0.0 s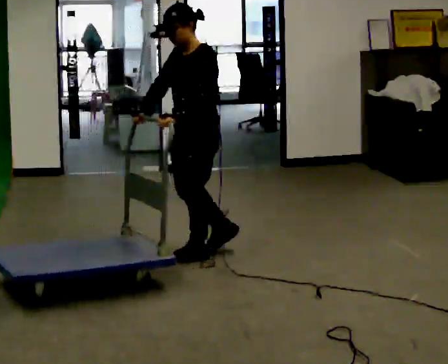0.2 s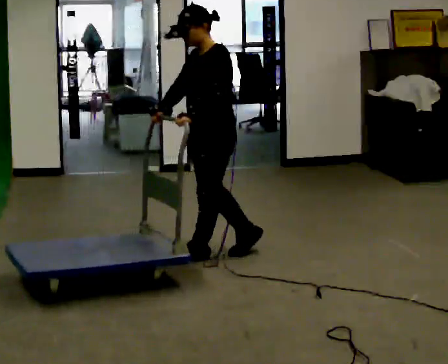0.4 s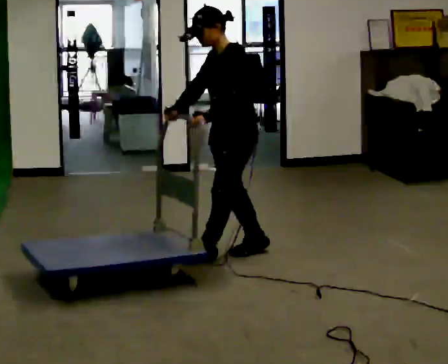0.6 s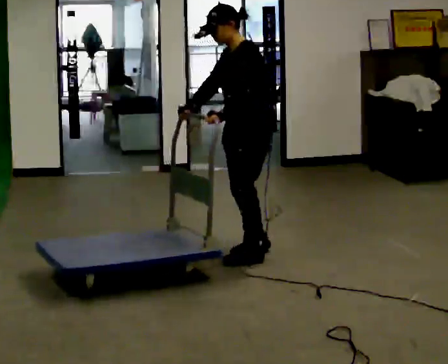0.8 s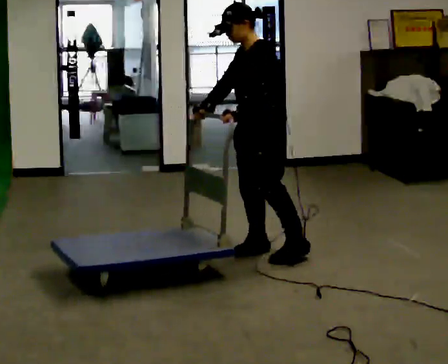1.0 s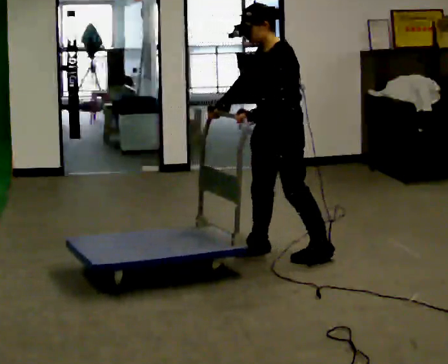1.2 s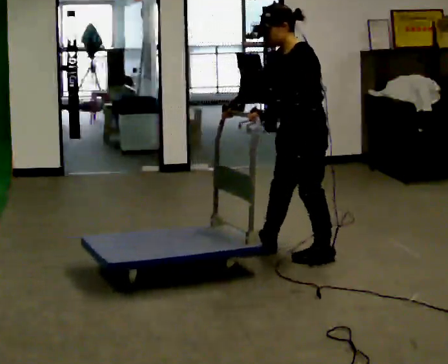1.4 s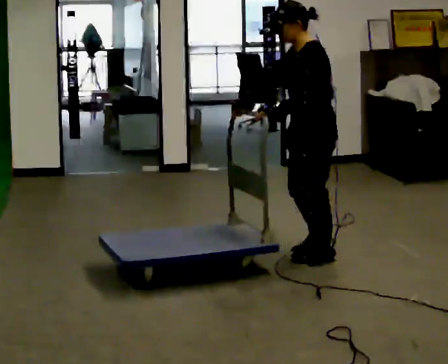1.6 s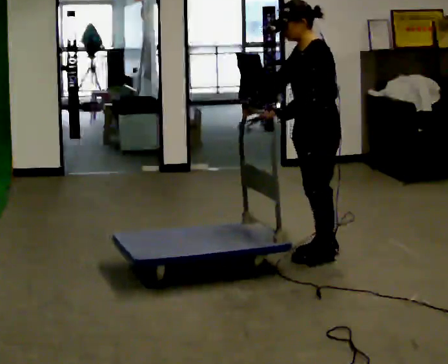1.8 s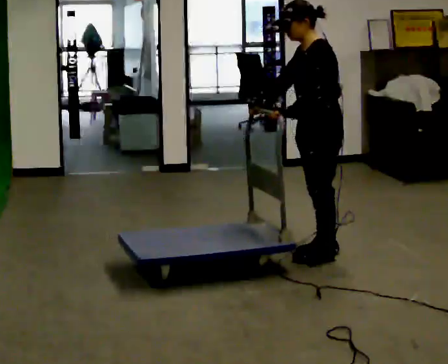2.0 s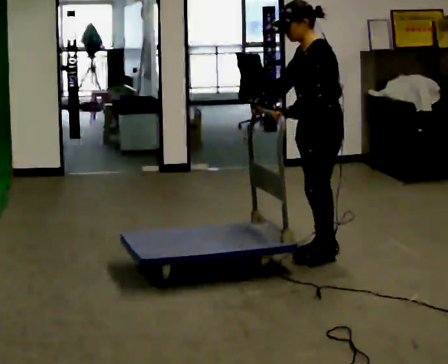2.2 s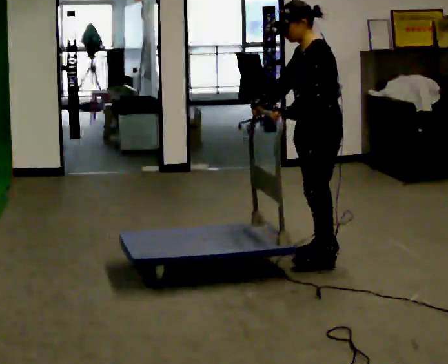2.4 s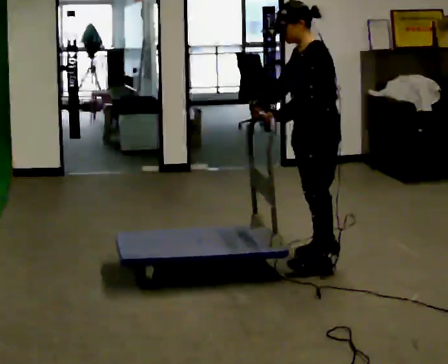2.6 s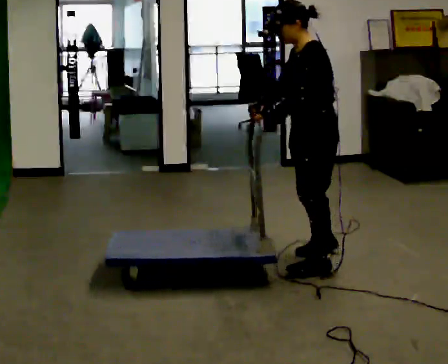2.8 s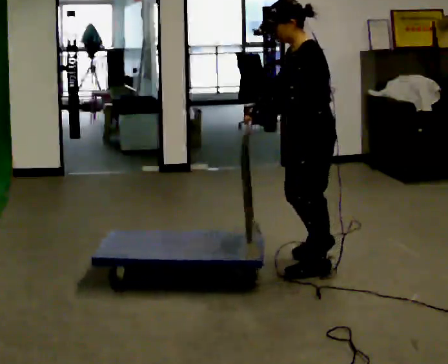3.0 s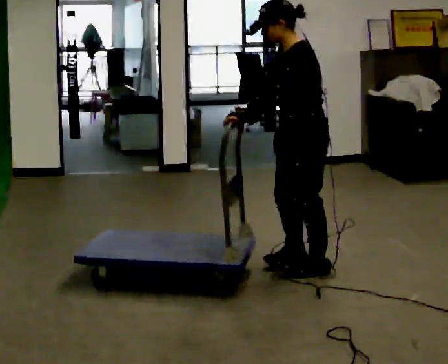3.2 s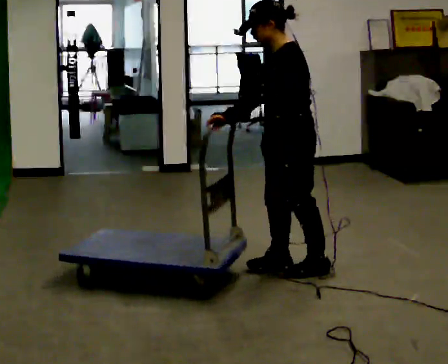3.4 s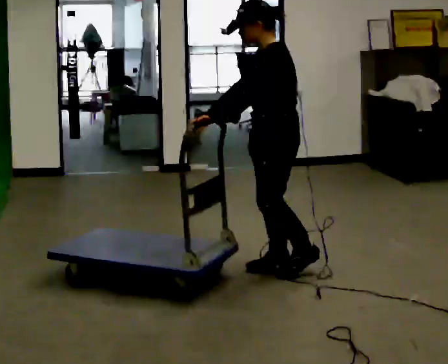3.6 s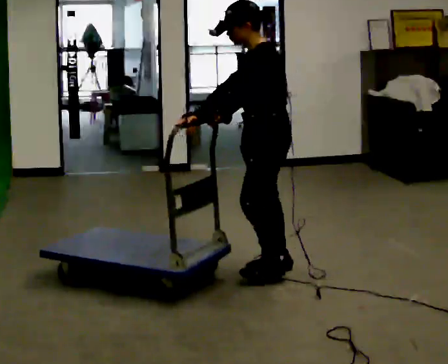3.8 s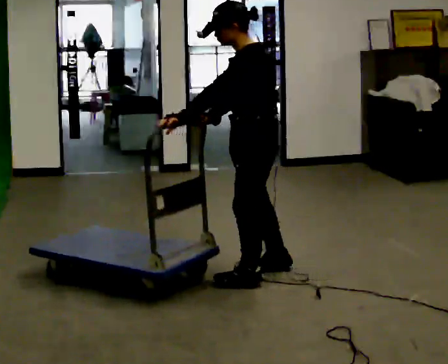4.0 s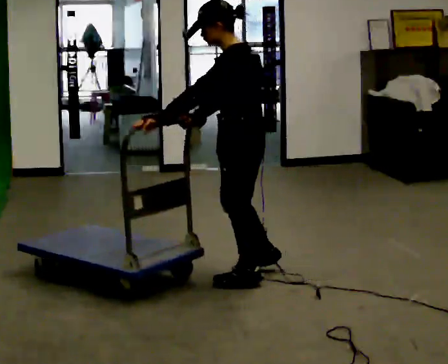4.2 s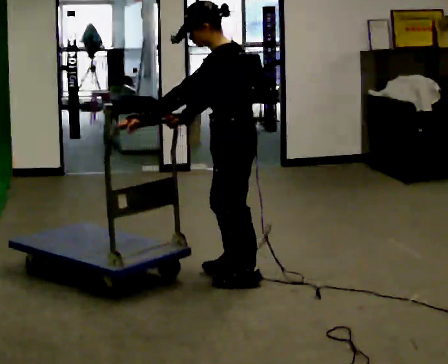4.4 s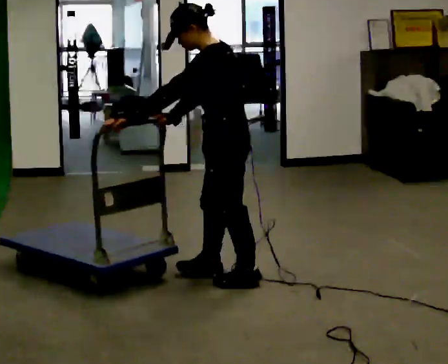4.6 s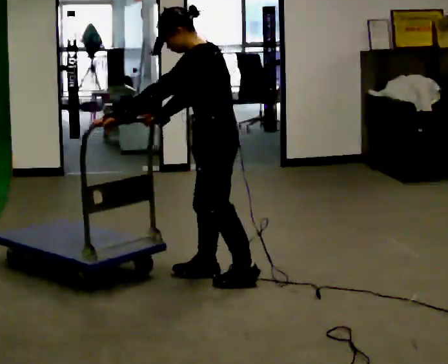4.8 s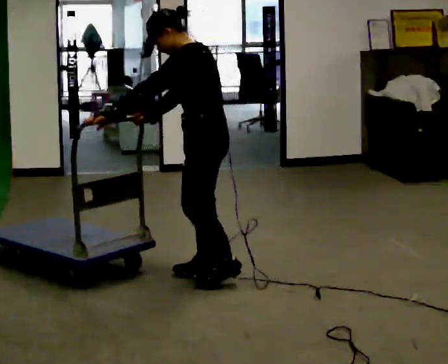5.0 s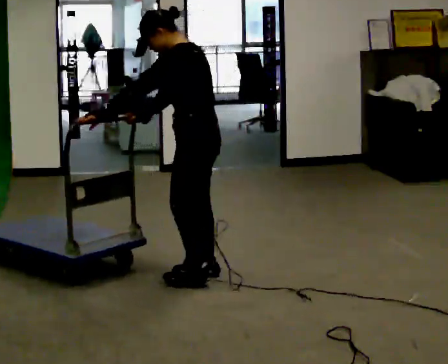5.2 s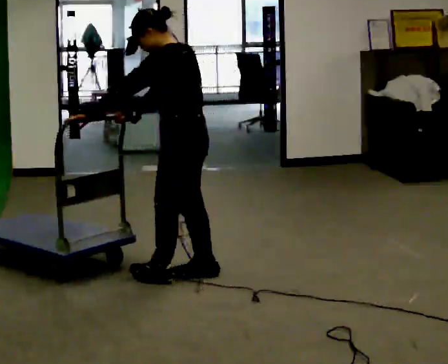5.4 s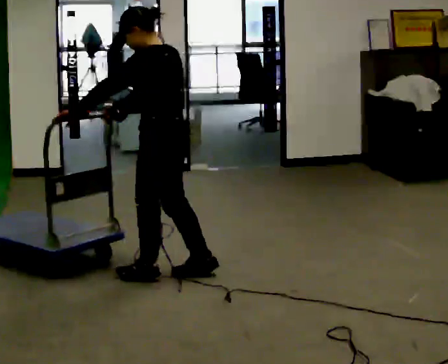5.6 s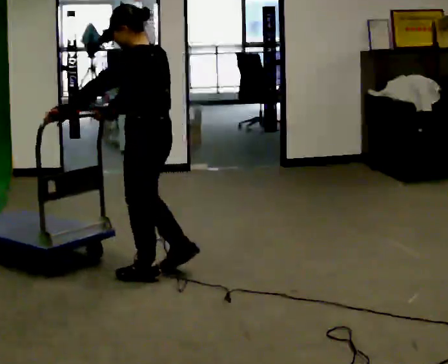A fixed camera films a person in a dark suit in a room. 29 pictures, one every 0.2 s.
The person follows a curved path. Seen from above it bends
clockwise.
0.0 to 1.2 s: In the picture they go to the right, about 0.5 m in 2 steps, which for them is backward and to their left.
1.2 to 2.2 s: The person moves a little, or ends about where they began.
2.2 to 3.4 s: In the picture they go toward the camera and to the left, about 0.25 m in 2 steps, which for them is forward and to their left.
3.4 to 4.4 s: In the picture they go to the left and toward the camera, about 0.25 m in 2 steps, which for them is forward.
4.4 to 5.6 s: In the picture they go to the left, about 0.5 m in 1 step, which for them is forward.
The film runs forward here.
